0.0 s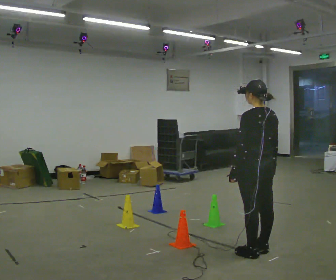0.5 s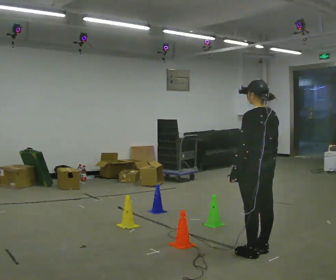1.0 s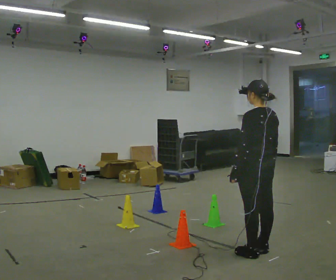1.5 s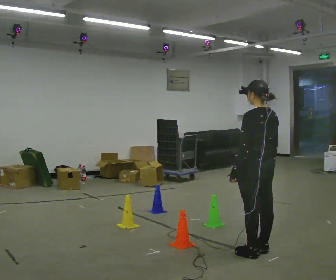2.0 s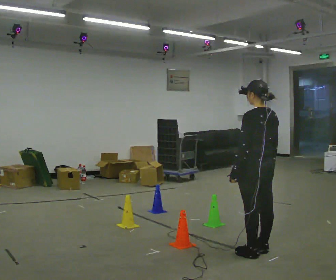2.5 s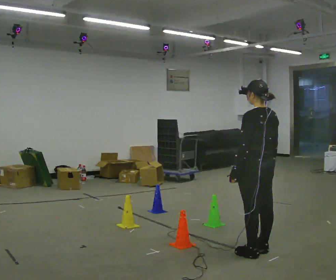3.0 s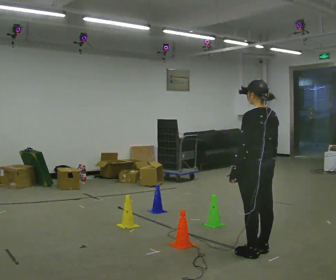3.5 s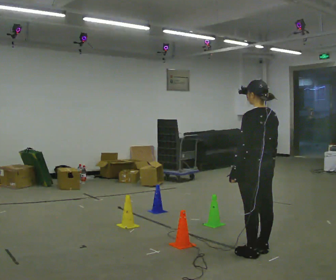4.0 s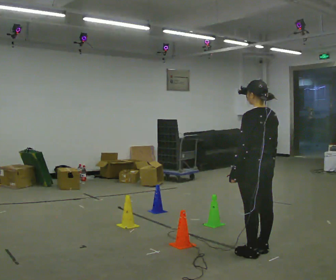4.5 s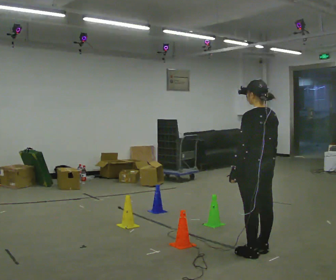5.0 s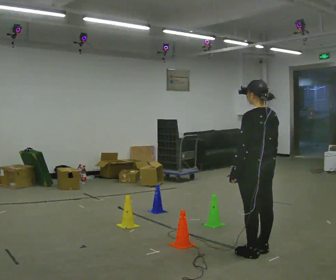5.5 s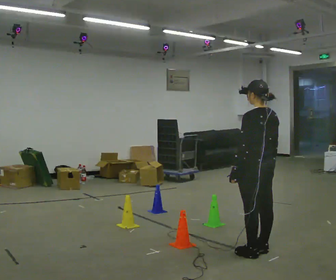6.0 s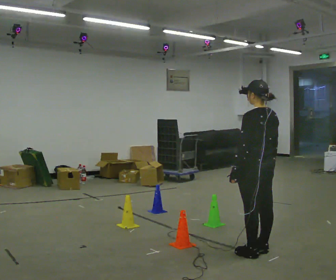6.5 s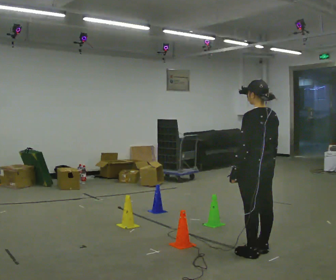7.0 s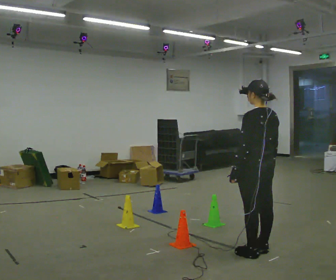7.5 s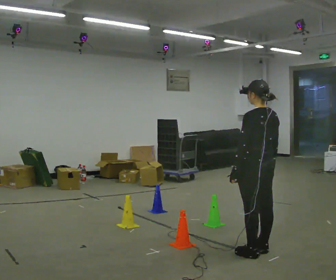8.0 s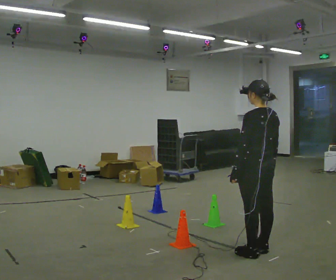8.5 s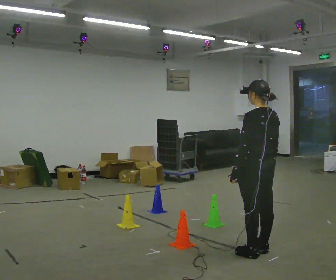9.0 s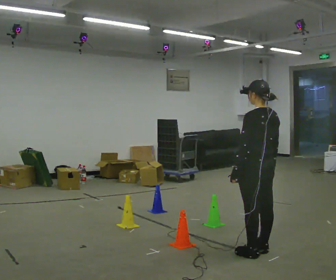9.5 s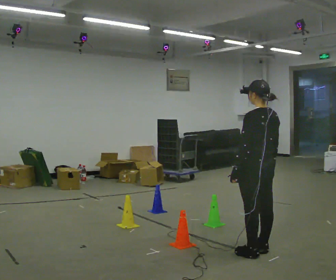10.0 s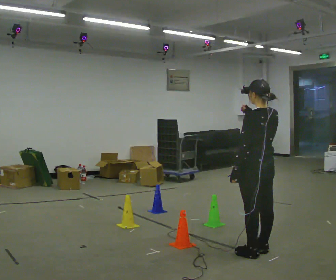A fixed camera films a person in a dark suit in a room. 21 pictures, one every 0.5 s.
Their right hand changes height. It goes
upward.
0.0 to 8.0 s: The person keeps their place and pose.
8.0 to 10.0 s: In the picture their right hand goes upward.
The film runs forward here.
